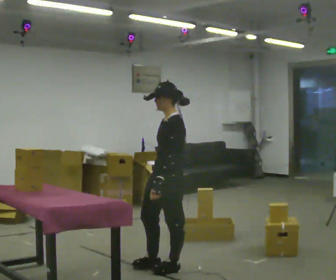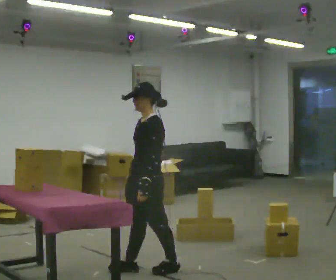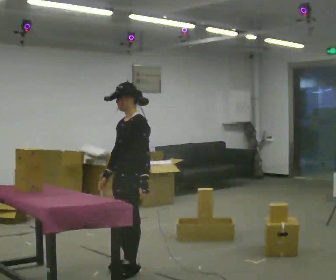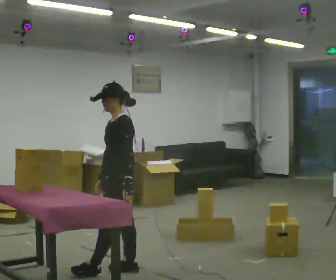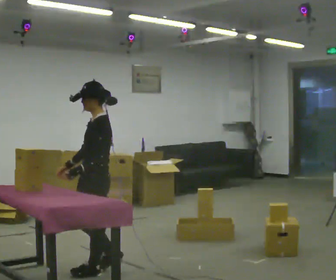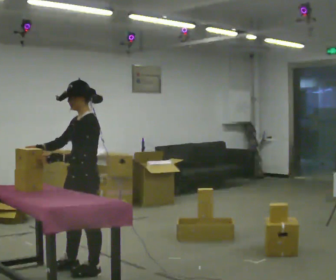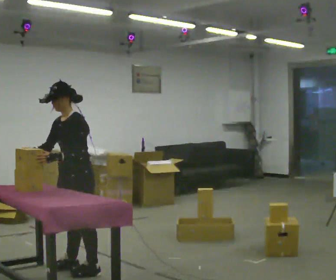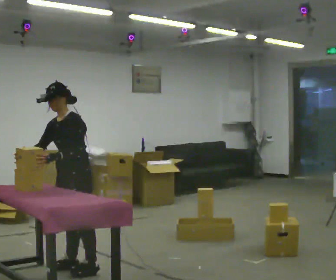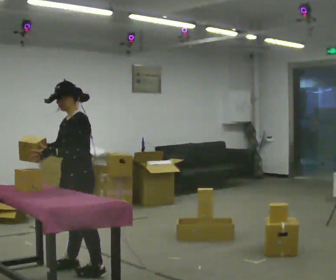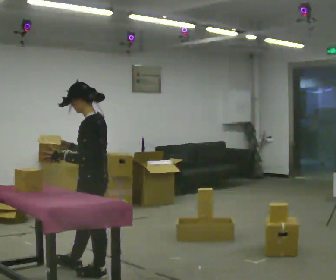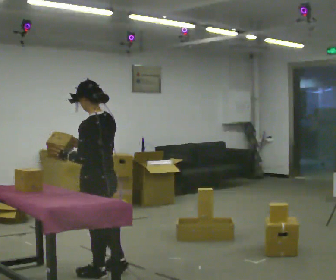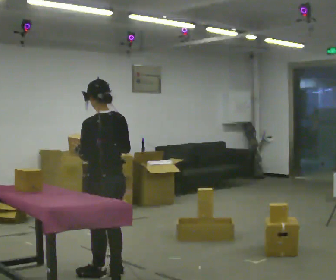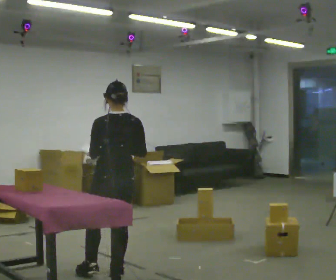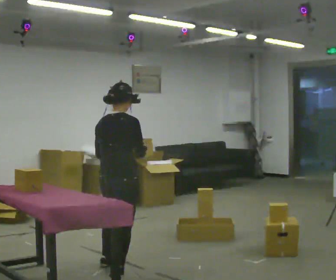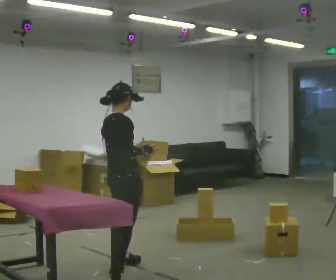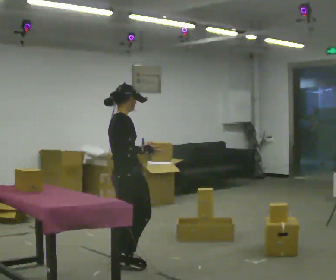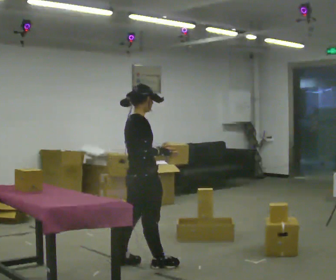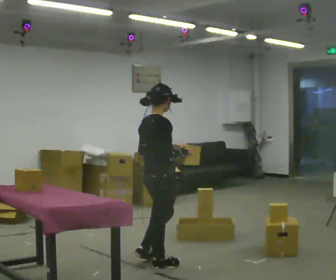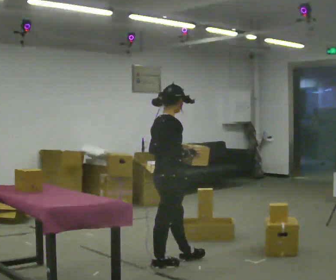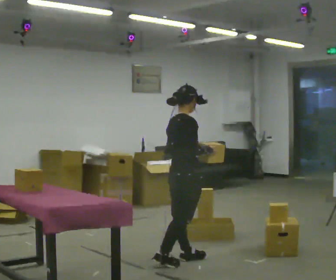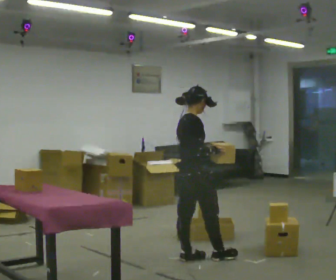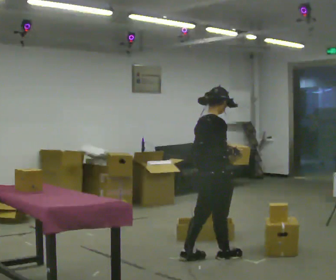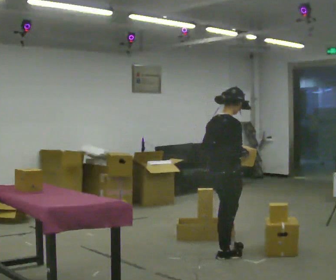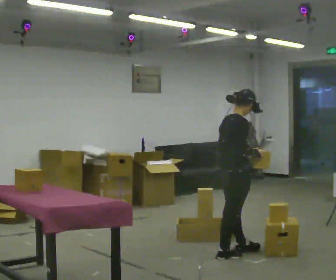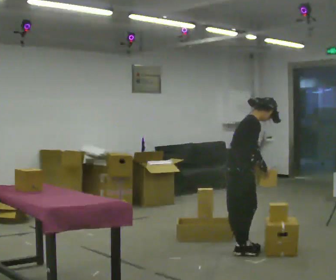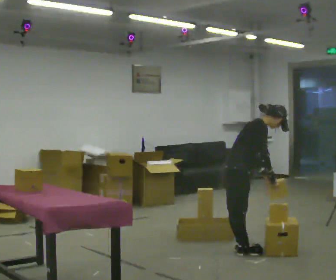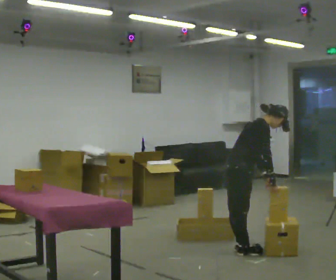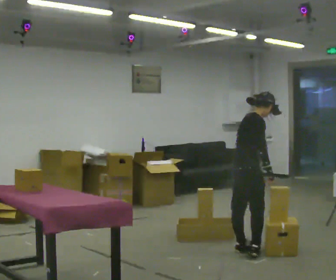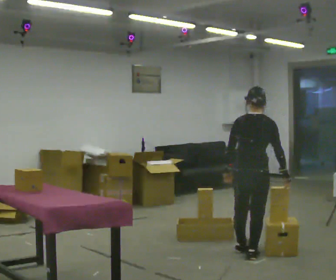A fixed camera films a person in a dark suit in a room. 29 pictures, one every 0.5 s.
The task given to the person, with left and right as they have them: 1. Take the objects out of the box on the table one at a time. 2. Put each one in the bin the operator has labelled for it. 3. Tell the operator when you are finished.
0.0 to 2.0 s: In the picture they go to the left, about 0.5 m in 2 steps, which for them is forward.
2.0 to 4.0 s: The person moves a little, or ends about where they began.
4.0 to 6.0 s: The part of the body nearest the lens slides to the left as the person turns to their right by about 105 degrees. In the picture they go to the right, about 0.25 m in 1 step.
6.0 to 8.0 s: The part of the body nearest the lens slides to the left as the person turns to their right by about 90 degrees. In the picture they go away from the camera and to the right, about 0.25 m in 2 steps.
8.0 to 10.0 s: In the picture they go to the right, about 0.5 m in 1 step, which for them is forward.
10.0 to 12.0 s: In the picture they go to the right and away from the camera, about 0.5 m in 2 steps, which for them is forward. In the picture the upper body tilts clockwise, shoulders to the right, as they bend forward.
12.0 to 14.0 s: The person turns about 75 degrees to their left, counterclockwise seen from above, so the part of the body nearest the lens slides to the right. In the picture they go toward the camera, about 0.25 m in 2 steps.
The film runs forward here.
